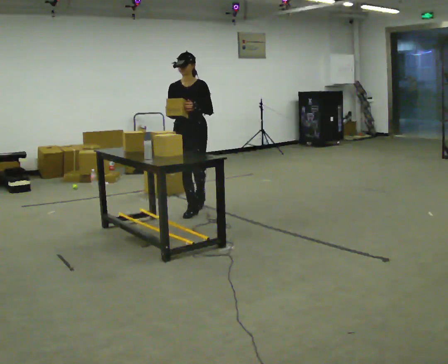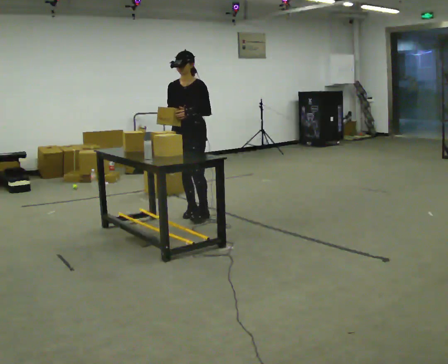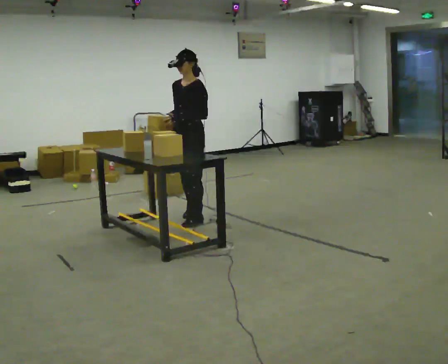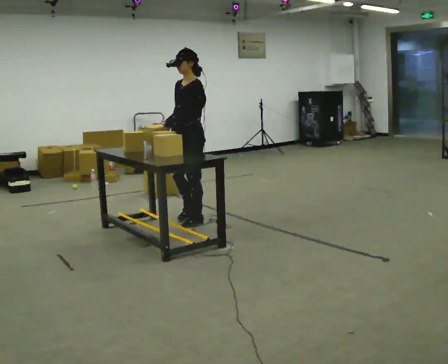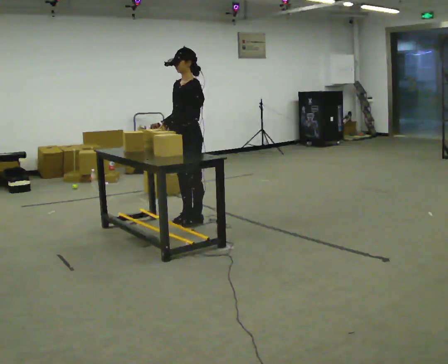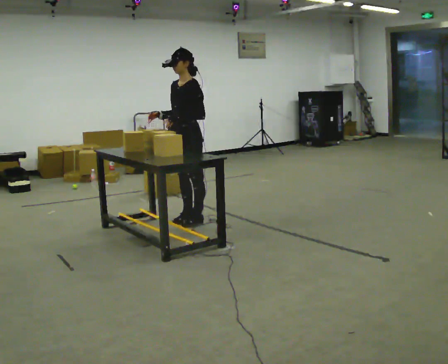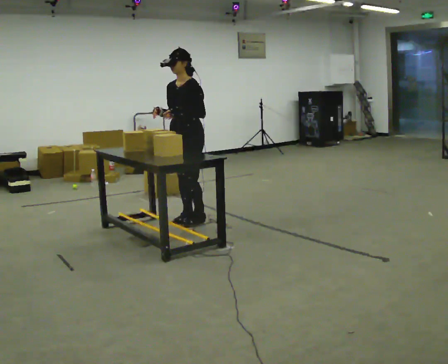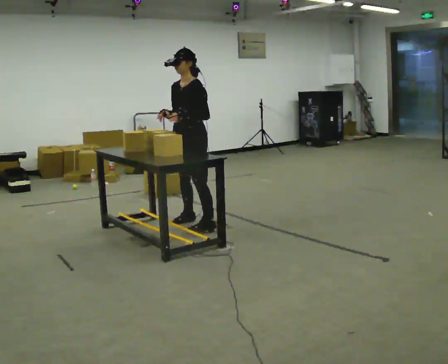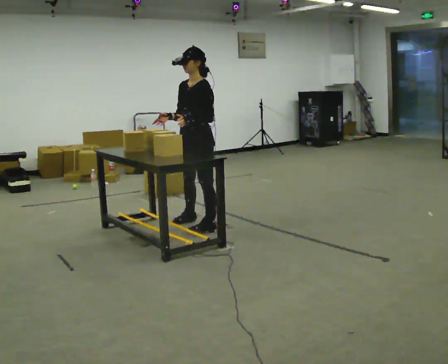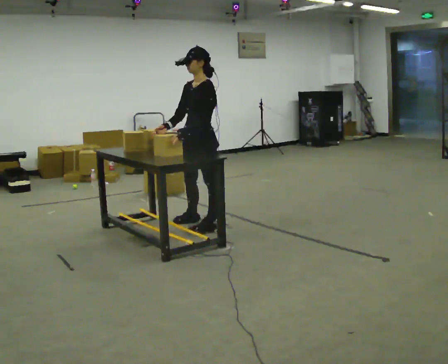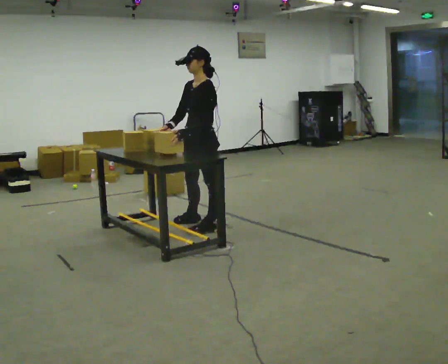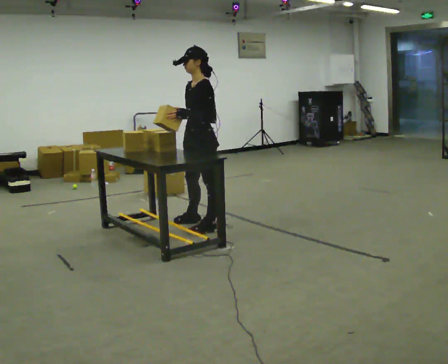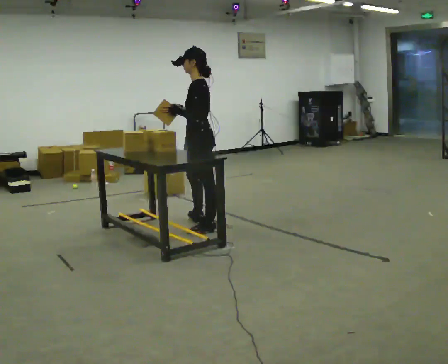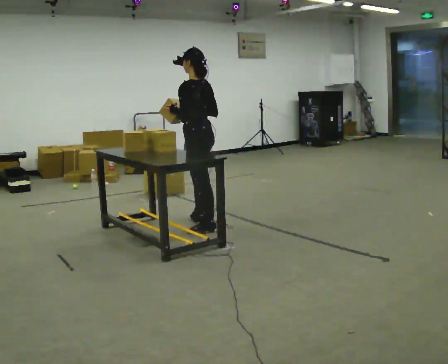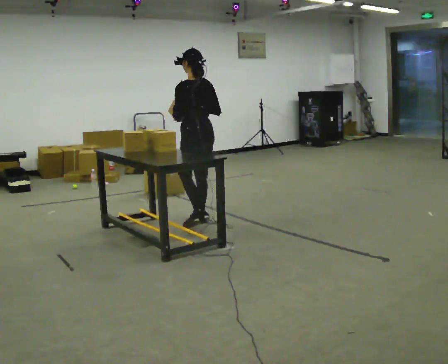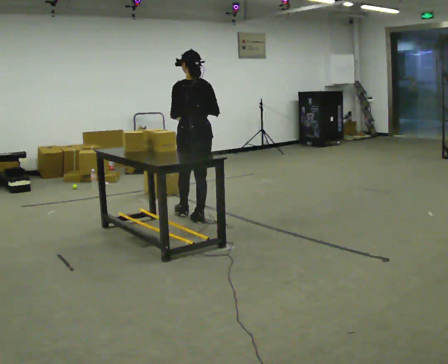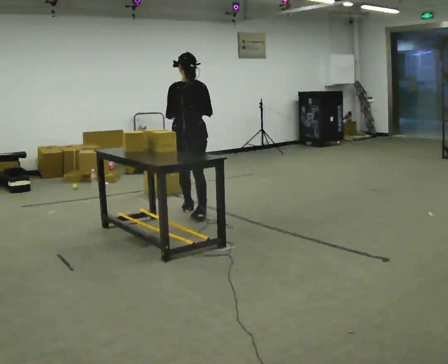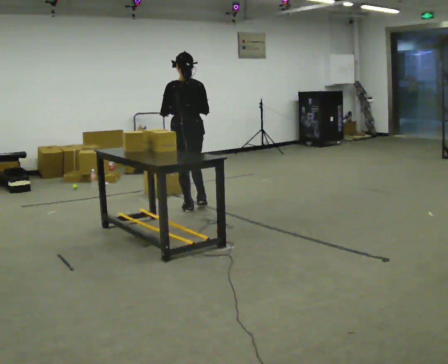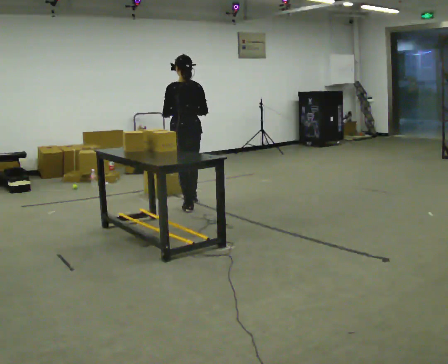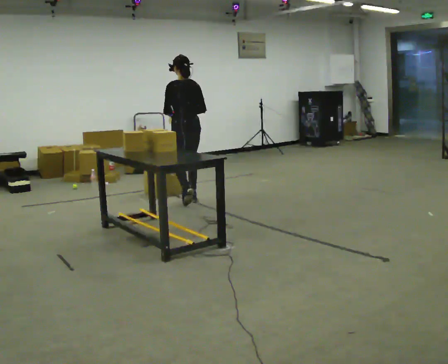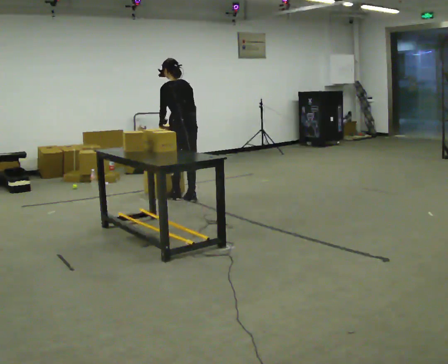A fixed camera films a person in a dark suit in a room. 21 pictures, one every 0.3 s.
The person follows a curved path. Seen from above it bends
counterclockwise.
0.0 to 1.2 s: The part of the body nearest the lens slides to the left as the person turns to their right by about 45 degrees. In the picture they go toward the camera, about 0.5 m in 2 steps, which for them is forward and to their left.
1.2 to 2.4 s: In the picture they go toward the camera, about 0.25 m in 1 step, which for them is to their left.
2.4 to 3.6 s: The part of the body nearest the lens slides to the left as the person turns to their right by about 45 degrees.
3.6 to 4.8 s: The part of the body nearest the lens slides to the left as the person turns to their right by about 75 degrees. In the picture they go away from the camera, about 0.5 m in 1 step.
4.8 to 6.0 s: The part of the body nearest the lens slides to the right as the person turns to their left by about 30 degrees. In the picture they go away from the camera, about 0.5 m in 2 steps, which for them is forward.
The film runs forward here.
